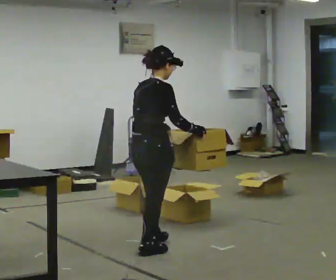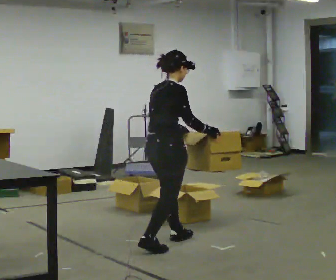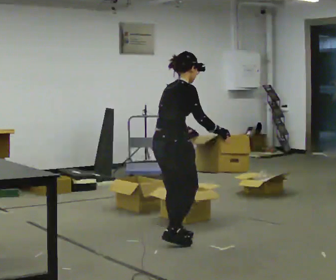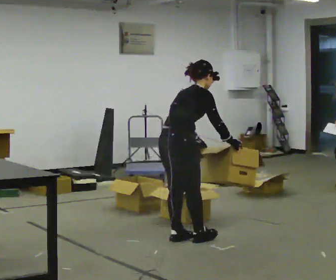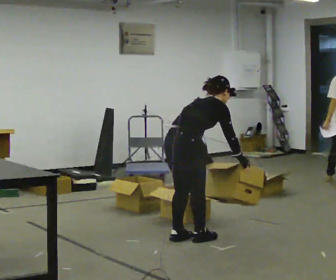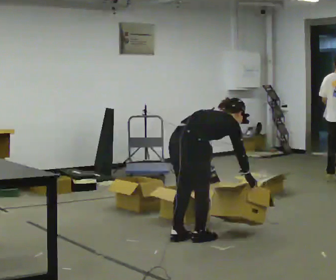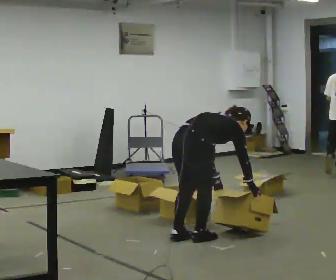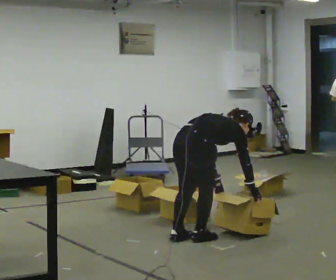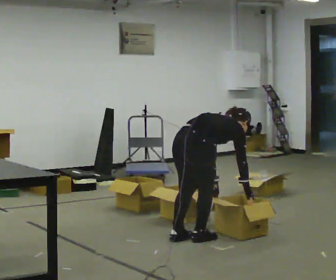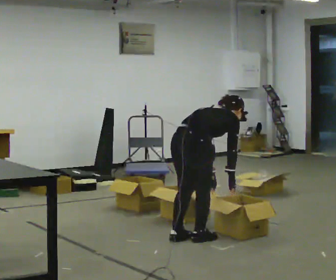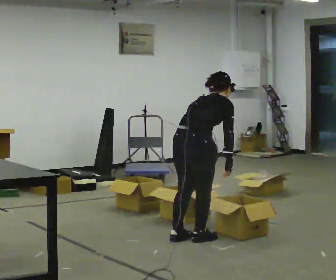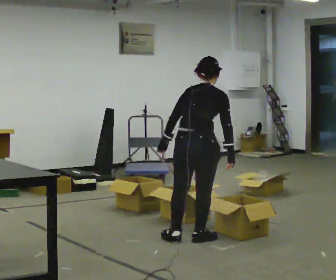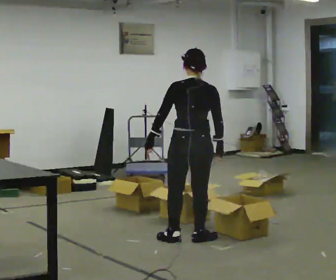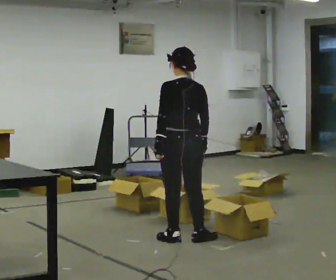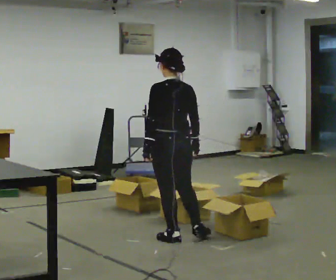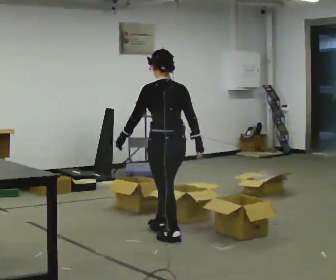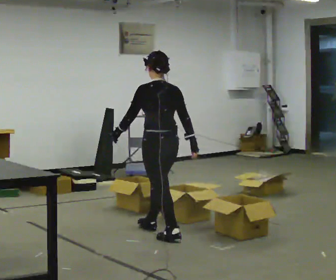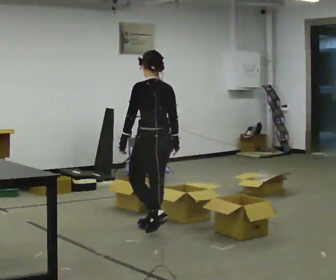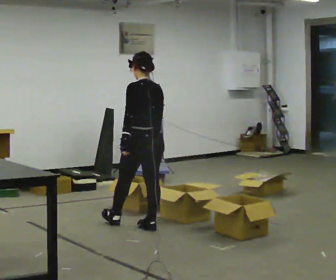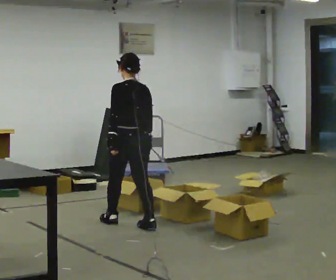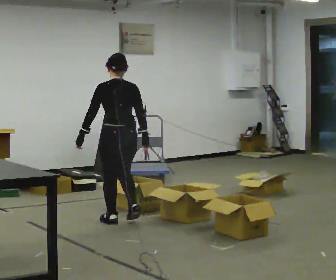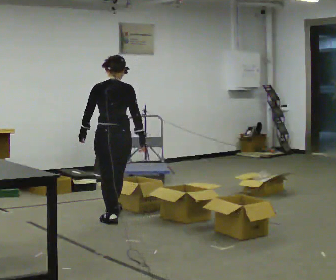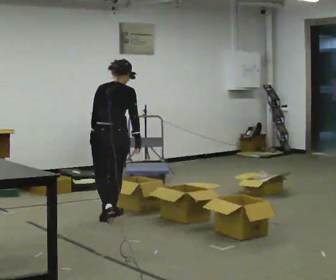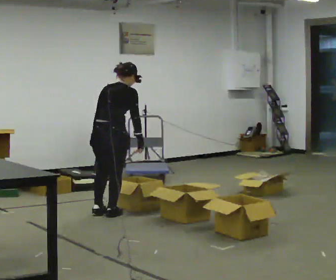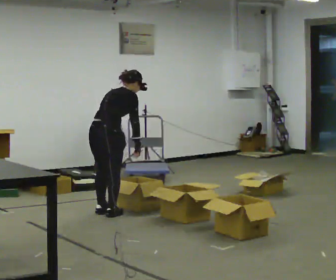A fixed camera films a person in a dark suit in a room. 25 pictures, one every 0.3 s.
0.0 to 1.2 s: In the picture they go away from the camera and to the right, about 0.5 m in 2 steps, which for them is forward. In the picture the upper body tilts clockwise, shoulders to the right, as they bend forward.
1.2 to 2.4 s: The shoulders move downward. In the picture the upper body tilts clockwise, shoulders to the right, as they bend forward.
2.4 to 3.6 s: Seen from above the body turns counterclockwise, about 45 degrees: to their left, with its near side sliding to the right. The shoulders move upward. In the picture the upper body tilts counterclockwise, shoulders to the left, as they lean back or straighten. In the picture their left hand goes to the left and upward.
3.6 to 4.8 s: Seen from above the body turns counterclockwise, about 30 degrees: to their left, with its near side sliding to the right. In the picture they go to the left and away from the camera, about 0.25 m in 1 step, which for them is forward and to their left.
4.8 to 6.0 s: In the picture they go to the left and away from the camera, about 0.5 m in 1 step, which for them is forward.
6.0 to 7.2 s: The part of the body nearest the lens slides to the left as the person turns to their right by about 60 degrees. In the picture they go away from the camera and to the left, about 0.25 m in 2 steps, which for them is forward and to their left. In the picture the upper body tilts clockwise, shoulders to the right, as they bend forward.
The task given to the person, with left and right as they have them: 1. Take everything out of the crates by the door. 2. Put the small items on the middle shelf. 3. Put the large items on the bottom shelf. 4. Stack the empty crates by the door. 5. Tell the operator when you are finished.
The film runs forward here.
